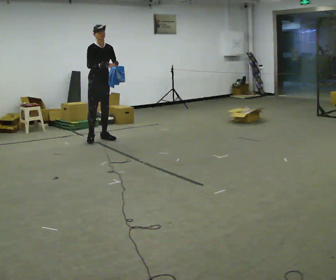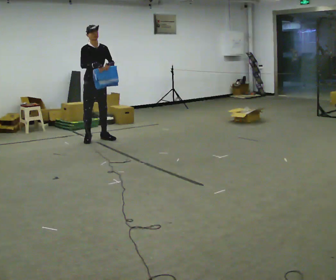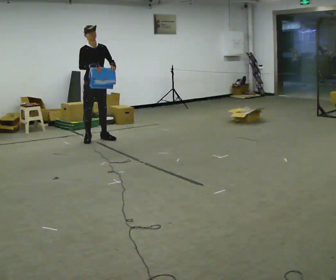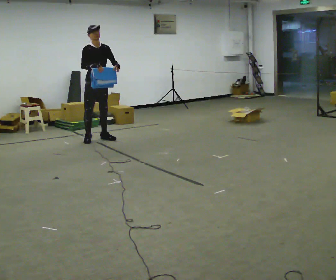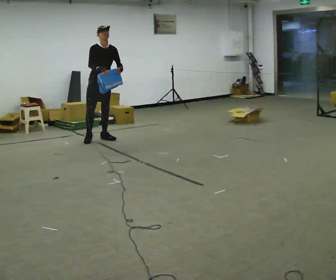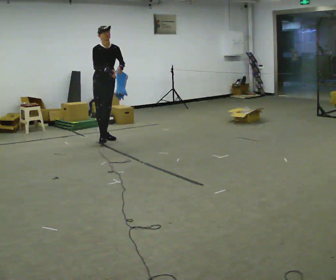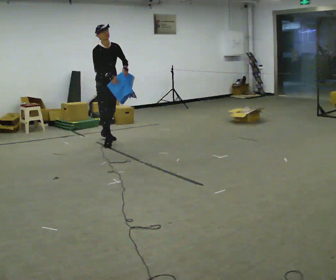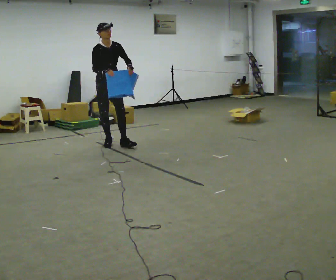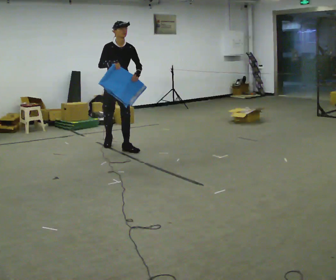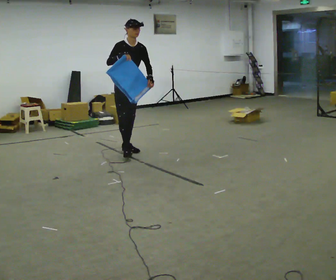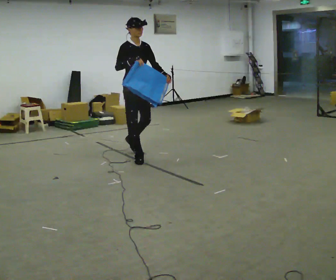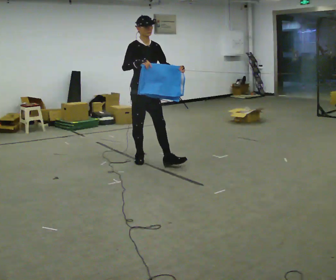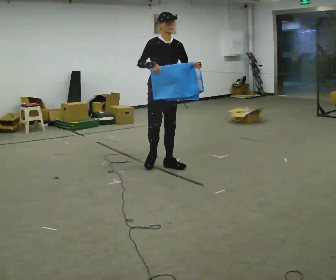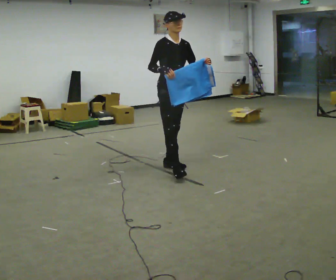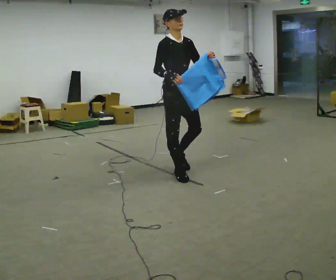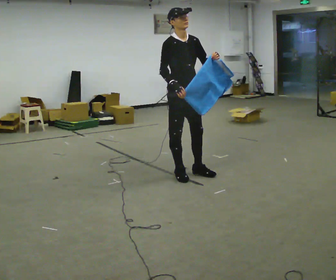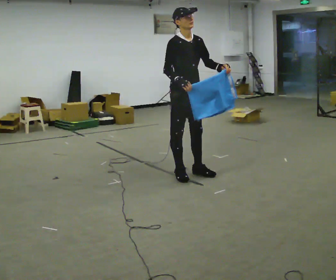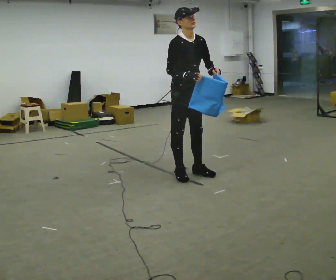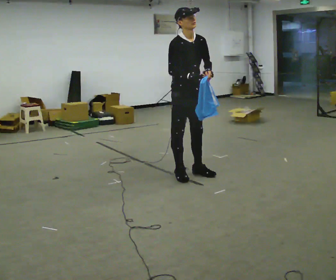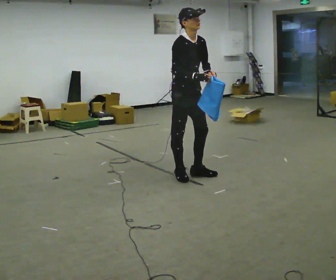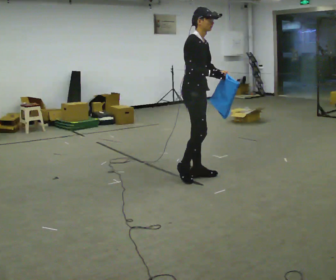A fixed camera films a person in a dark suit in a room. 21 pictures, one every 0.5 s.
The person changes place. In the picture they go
toward the camera.
0.0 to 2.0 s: The person moves a little, or ends about where they began.
2.0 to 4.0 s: In the picture they go toward the camera and to the right, about 0.75 m in 2 steps, which for them is forward.
4.0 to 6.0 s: In the picture they go toward the camera and to the right, about 1 m in 2 steps, which for them is forward.
6.0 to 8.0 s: In the picture they go toward the camera and to the right, about 0.5 m in 2 steps, which for them is forward.
8.0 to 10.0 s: Seen from above the body turns counterclockwise, about 30 degrees: to their left, with its near side sliding to the right. In the picture their right hand goes to the right.
The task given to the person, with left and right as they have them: Carry the cloth and, while walking, fold it in half, then unfold it. Keep repeating as you walk. Do not stop.
The film runs forward here.
